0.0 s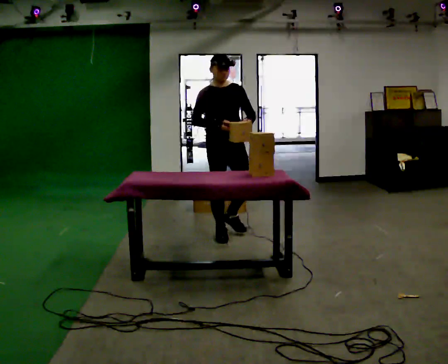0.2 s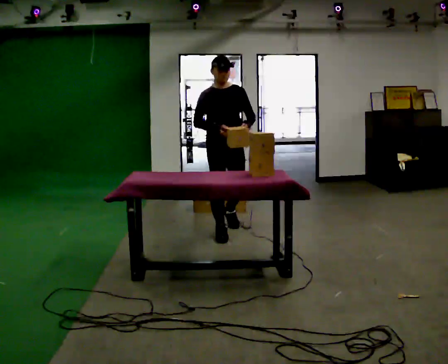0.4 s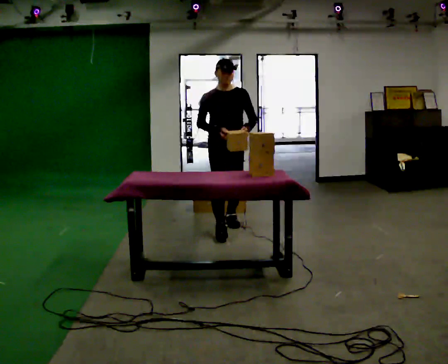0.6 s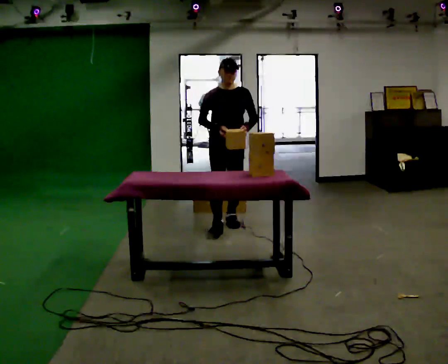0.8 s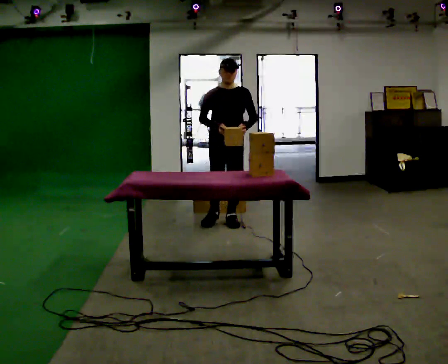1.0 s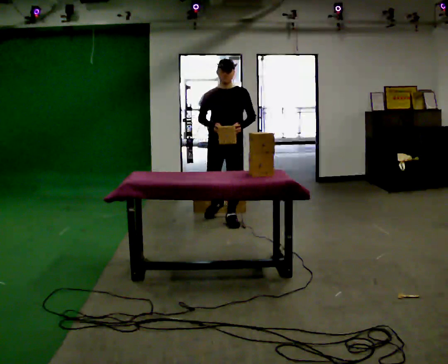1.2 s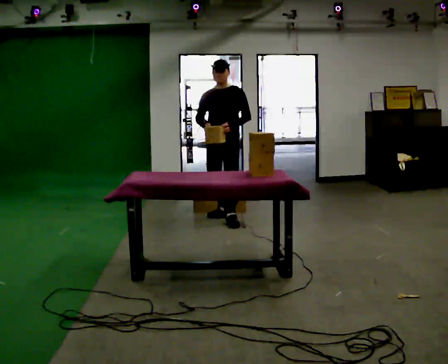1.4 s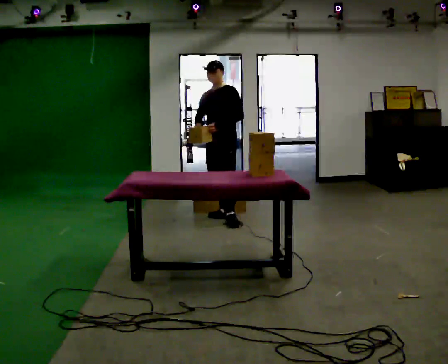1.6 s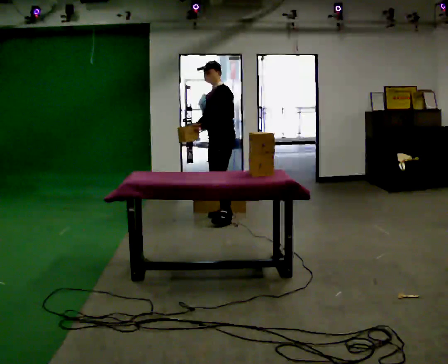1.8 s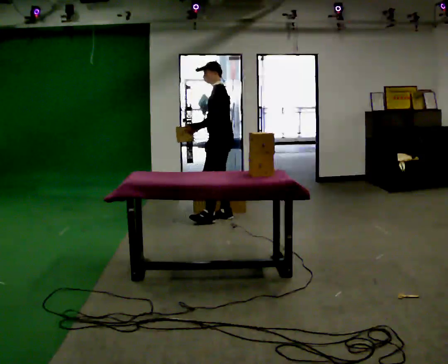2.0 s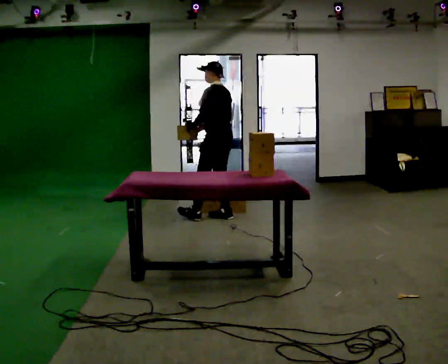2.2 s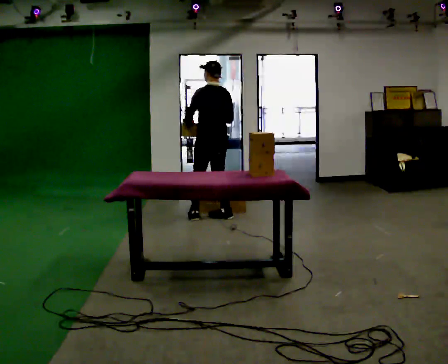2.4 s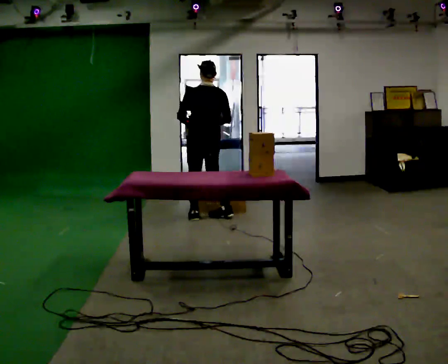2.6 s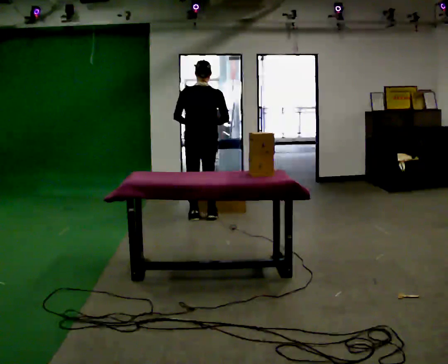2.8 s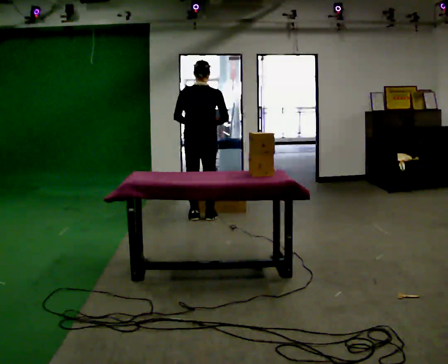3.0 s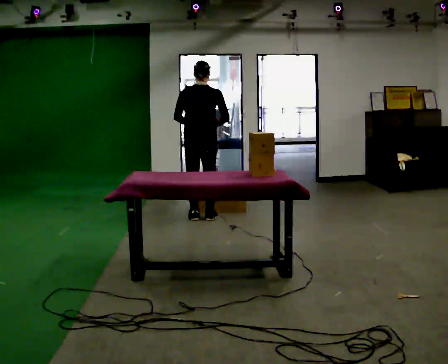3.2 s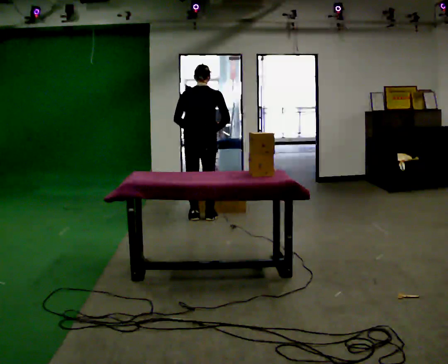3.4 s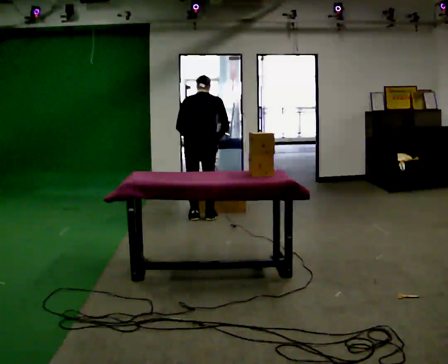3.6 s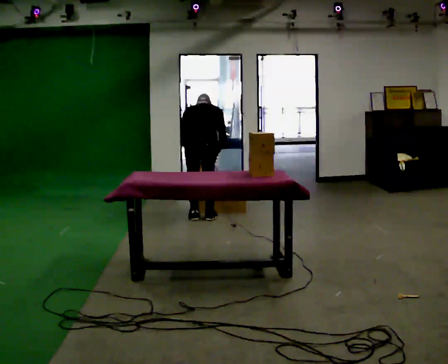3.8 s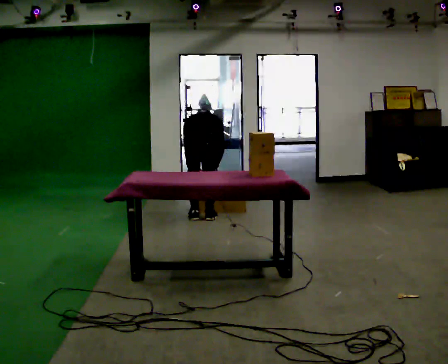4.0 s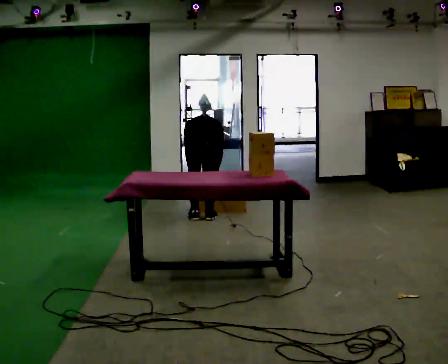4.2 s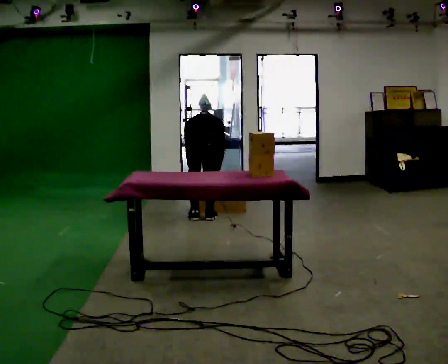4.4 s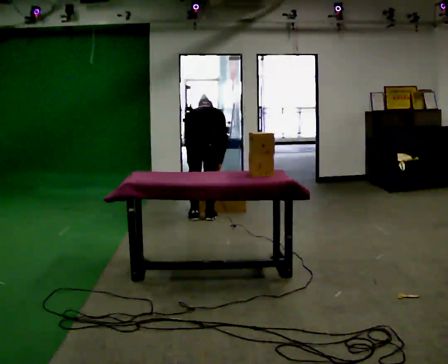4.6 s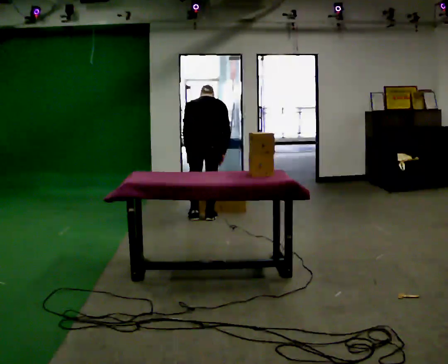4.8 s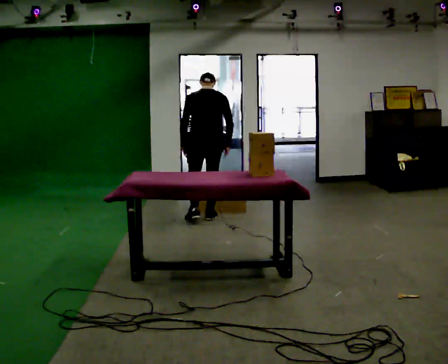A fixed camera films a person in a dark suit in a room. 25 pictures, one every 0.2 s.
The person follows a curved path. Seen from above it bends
counterclockwise.
The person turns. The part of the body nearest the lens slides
to the left.
0.0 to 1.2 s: The part of the body nearest the lens slides to the left as the person turns to their right by about 30 degrees. In the picture they go away from the camera, about 0.5 m in 1 step, which for them is backward.
1.2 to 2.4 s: The part of the body nearest the lens slides to the left as the person turns to their right by about 135 degrees. In the picture they go to the left, about 0.25 m in 1 step. In the picture their left hand goes to the left, the arm swinging clockwise.
2.4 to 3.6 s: The person turns about 30 degrees to their right, clockwise seen from above, so the part of the body nearest the lens slides to the left. The upper body goes downward. The upper body tips away from the camera, its near side rolling upward, as they bend forward. In the picture their right hand goes downward.
3.6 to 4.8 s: The person moves a little, or ends about where they began.
The film runs backward here.
